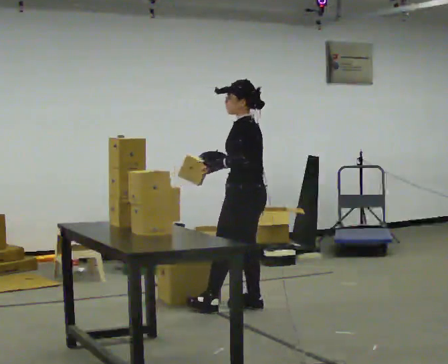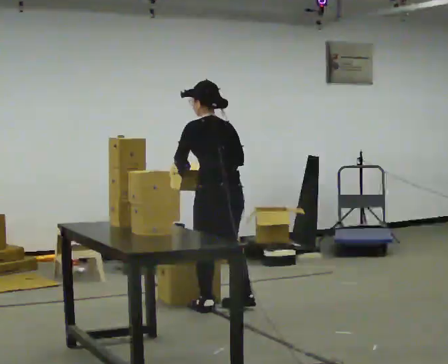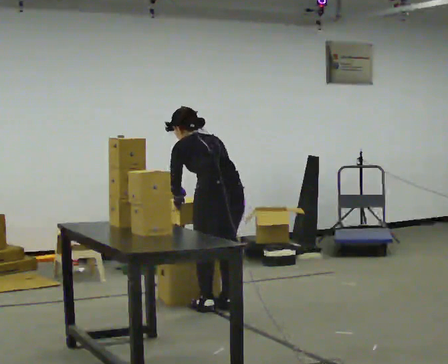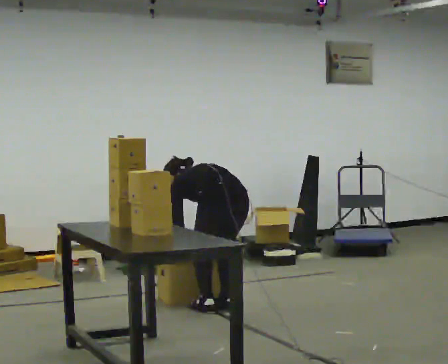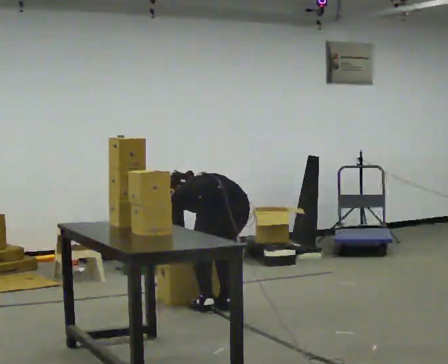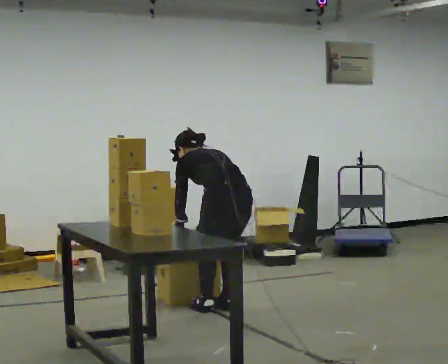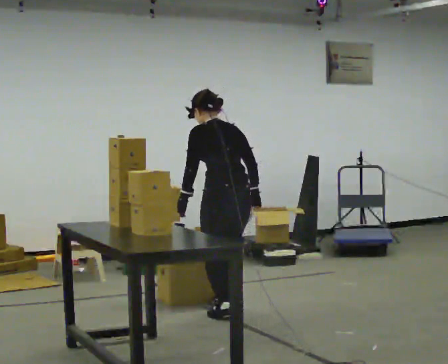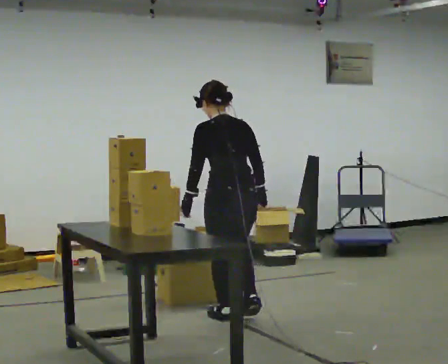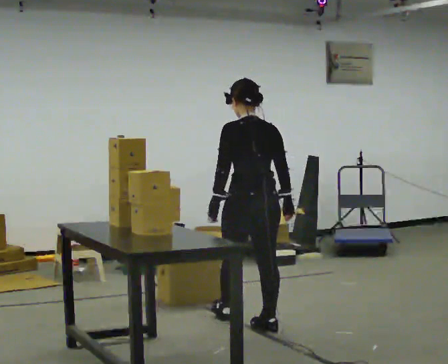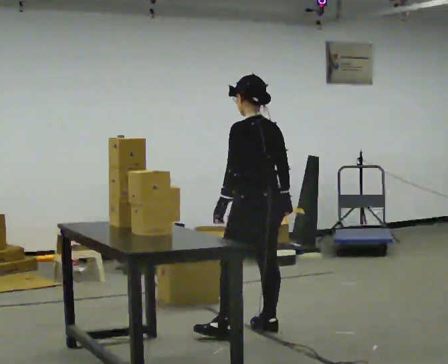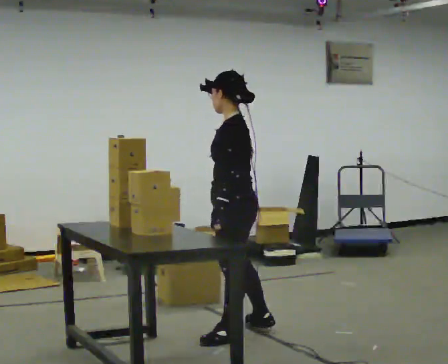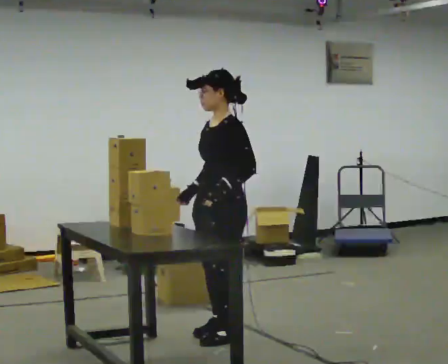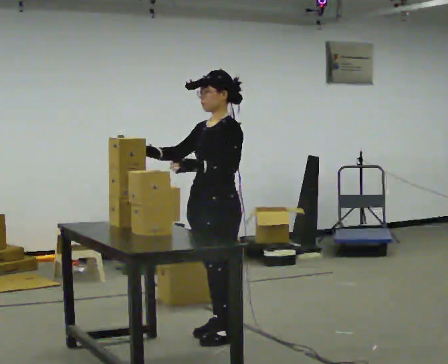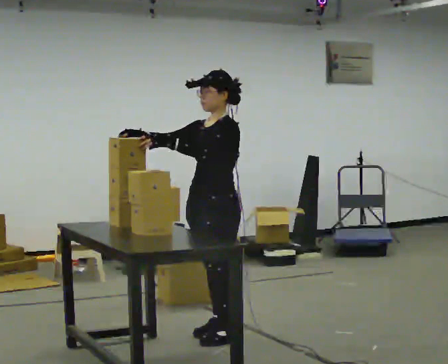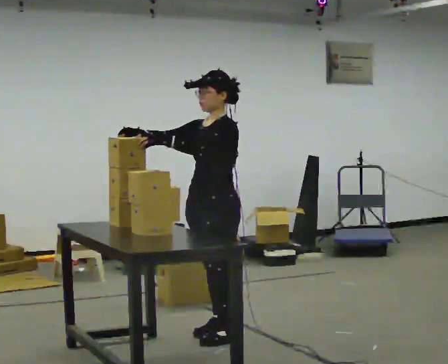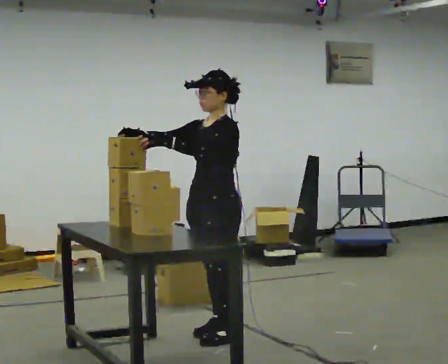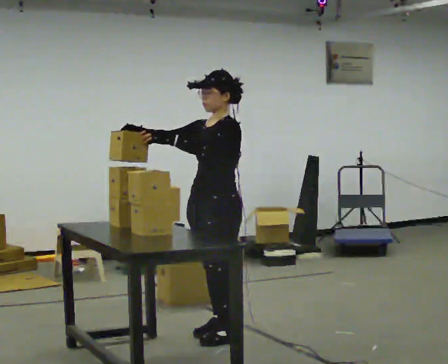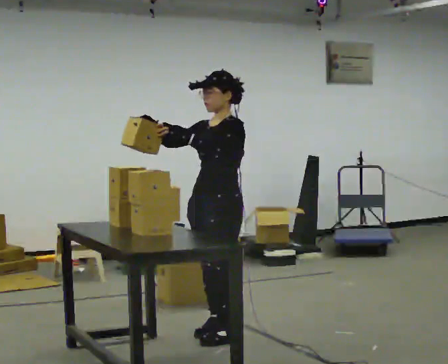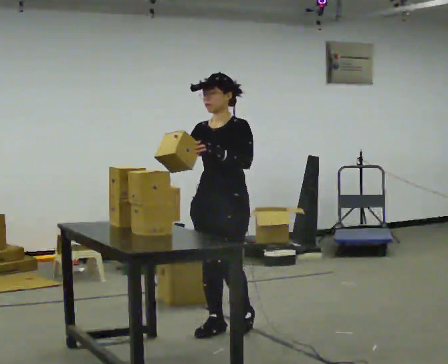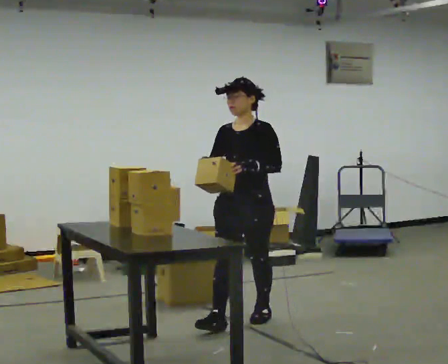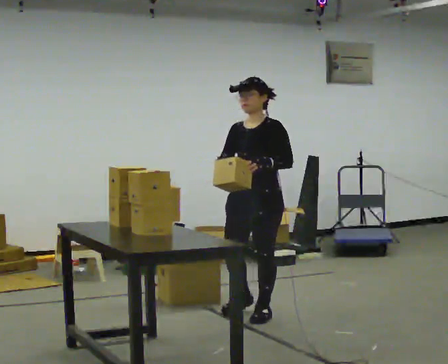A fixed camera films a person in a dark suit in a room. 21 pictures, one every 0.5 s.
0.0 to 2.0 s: The person turns about 45 degrees to their right, clockwise seen from above, so the part of the body nearest the lens slides to the left. In the picture they go to the left, about 0.25 m in 1 step, which for them is to their left. The shoulders move downward. The upper body tips away from the camera, its near side rolling upward, as they bend forward. In the picture their right hand goes downward.
2.0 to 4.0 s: In the picture they go toward the camera and to the right, about 0.5 m in 2 steps, which for them is backward. The upper body goes upward. The upper body tips toward the camera, its near side rolling downward, as they lean back or straighten. In the picture their right hand goes upward.
4.0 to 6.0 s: The part of the body nearest the lens slides to the right as the person turns to their left by about 90 degrees. In the picture they go toward the camera and to the left, about 0.25 m in 2 steps. In the picture their right hand goes upward, the arm swinging clockwise.
6.0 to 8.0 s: The person moves a little, or ends about where they began.
8.0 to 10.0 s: In the picture they go away from the camera and to the right, about 0.5 m in 2 steps, which for them is backward.
The film runs backward here.
